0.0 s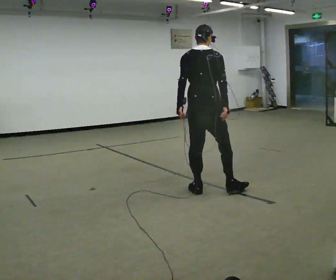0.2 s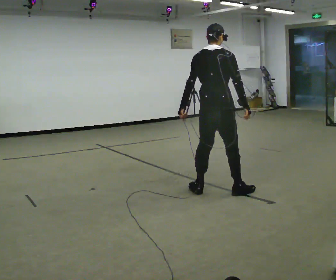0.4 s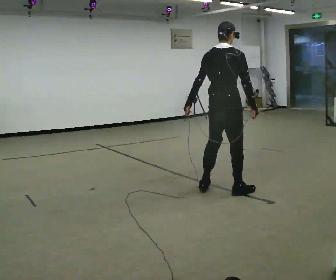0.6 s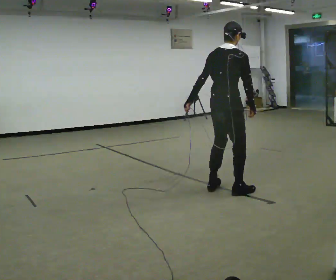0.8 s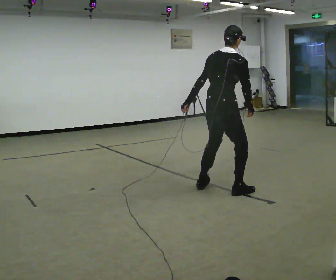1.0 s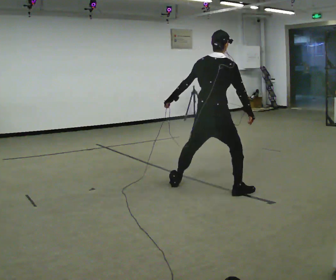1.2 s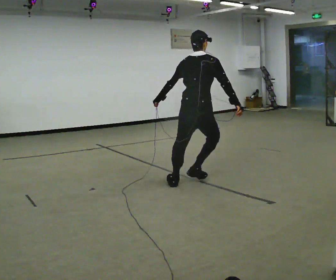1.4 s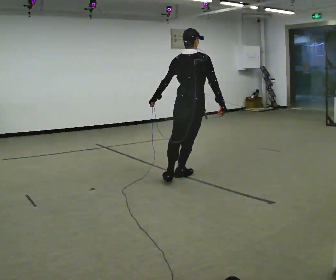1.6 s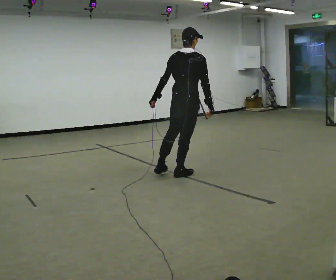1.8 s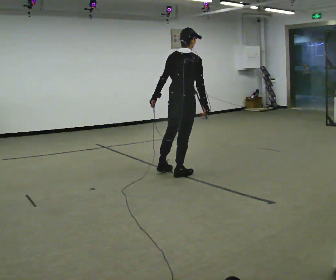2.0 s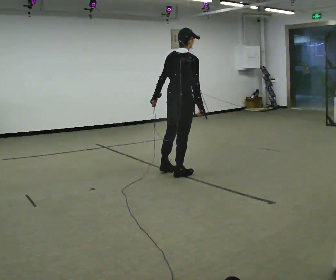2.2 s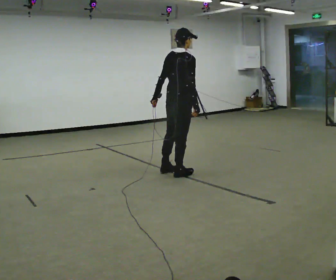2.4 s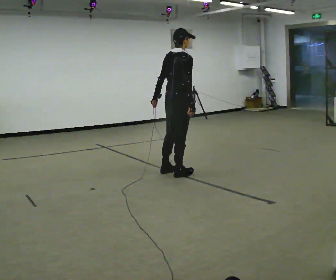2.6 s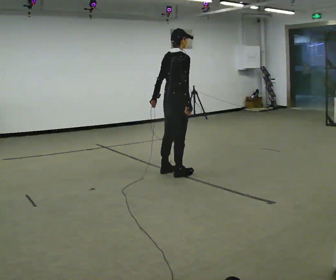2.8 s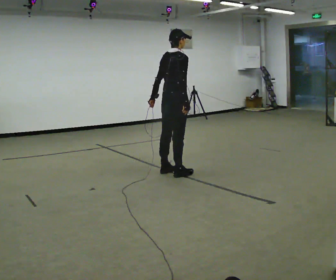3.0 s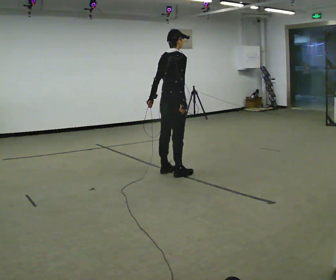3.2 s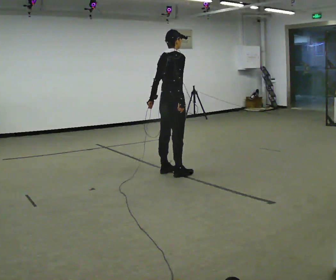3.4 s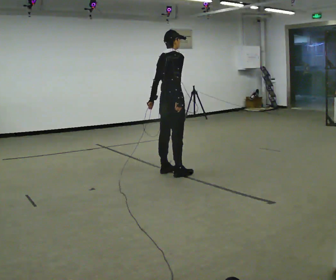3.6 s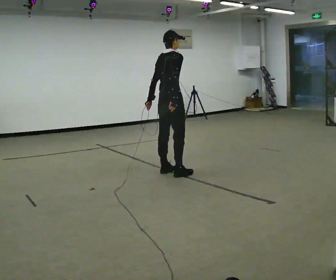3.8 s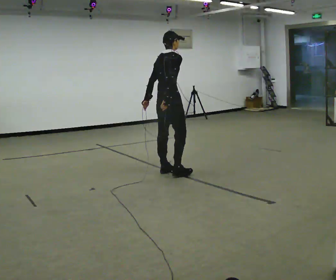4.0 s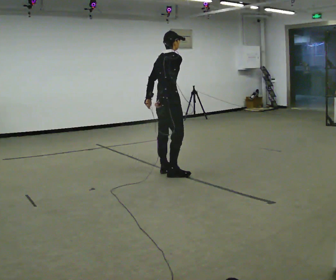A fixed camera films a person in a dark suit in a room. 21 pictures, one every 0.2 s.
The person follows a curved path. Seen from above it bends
counterclockwise.
0.0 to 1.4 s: In the picture they go away from the camera, about 0.25 m in 3 steps, which for them is to their left and forward.
1.4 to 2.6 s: Seen from above the body turns clockwise, about 30 degrees: to their right, with its near side sliding to the left. In the picture they go away from the camera and to the left, about 0.25 m, which for them is to their left.
2.6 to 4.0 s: The person moves a little, or ends about where they began.
The film runs backward here.
